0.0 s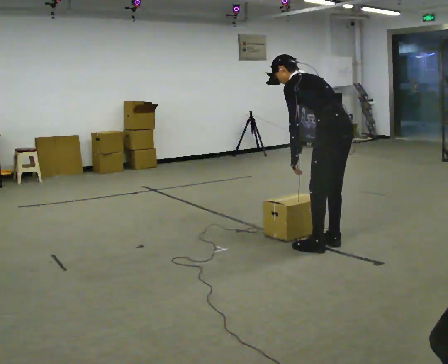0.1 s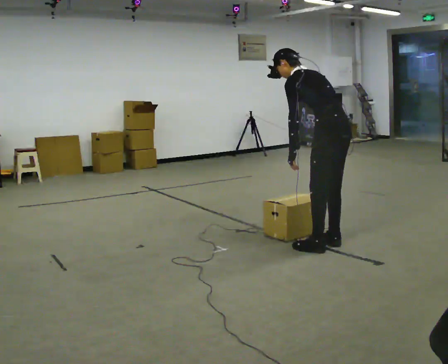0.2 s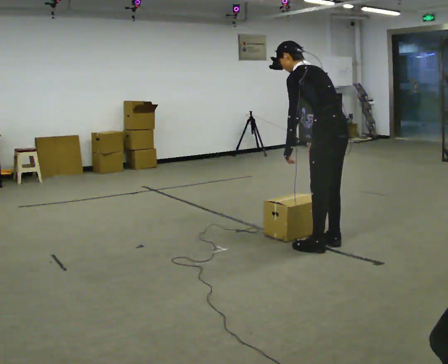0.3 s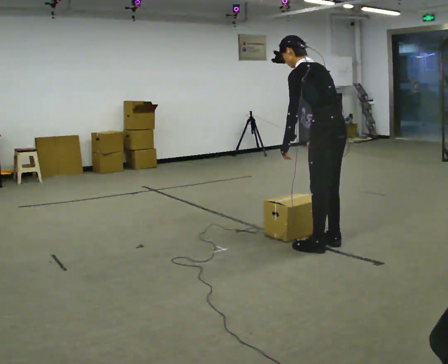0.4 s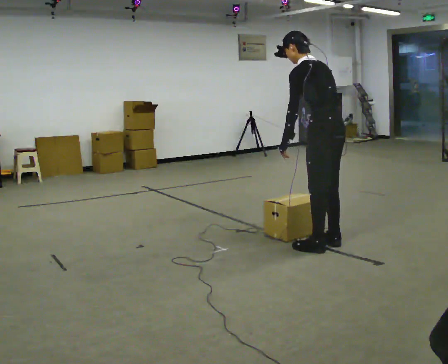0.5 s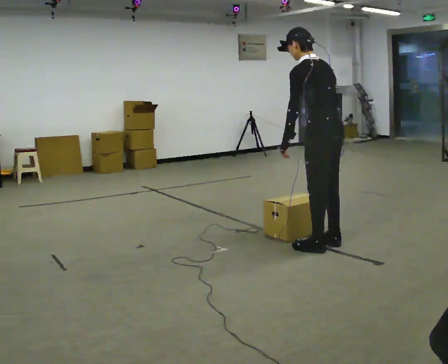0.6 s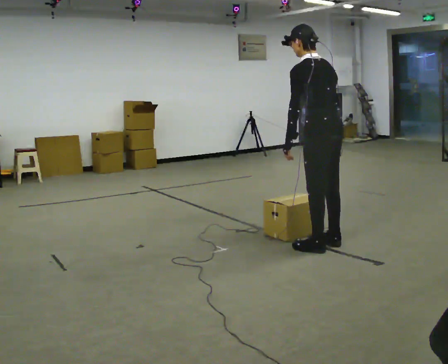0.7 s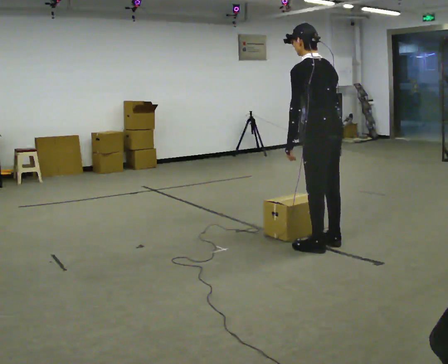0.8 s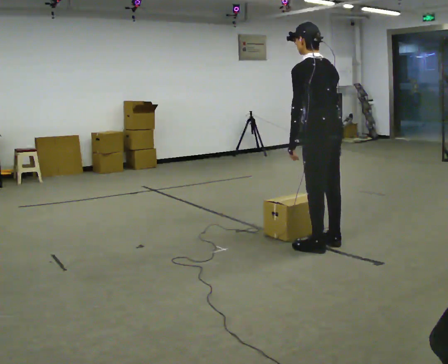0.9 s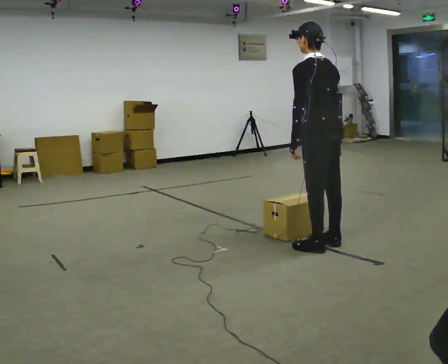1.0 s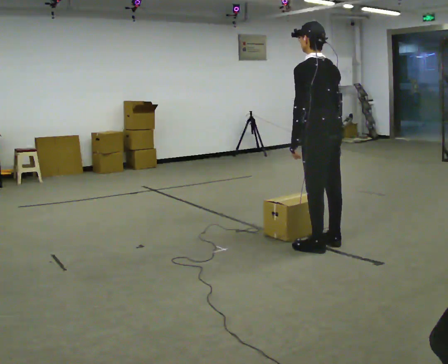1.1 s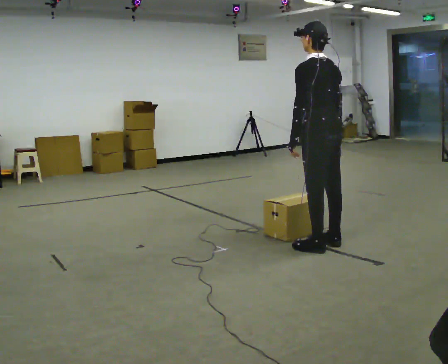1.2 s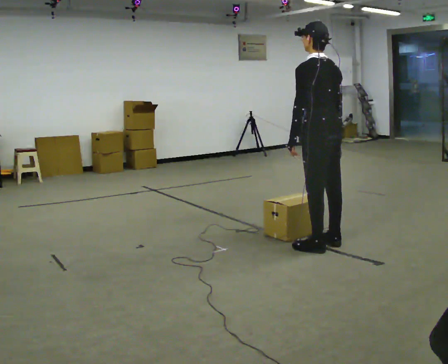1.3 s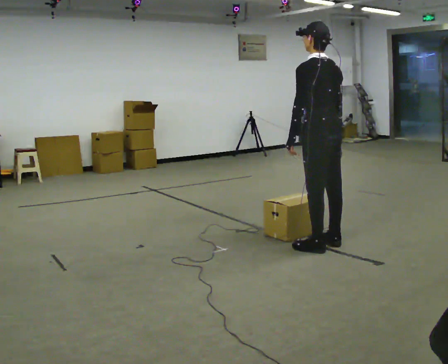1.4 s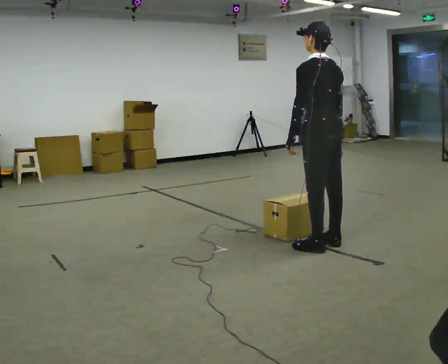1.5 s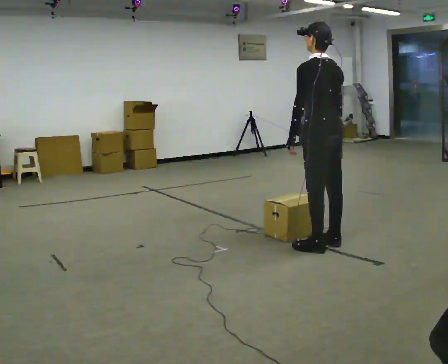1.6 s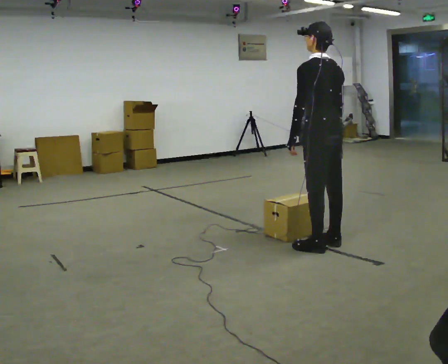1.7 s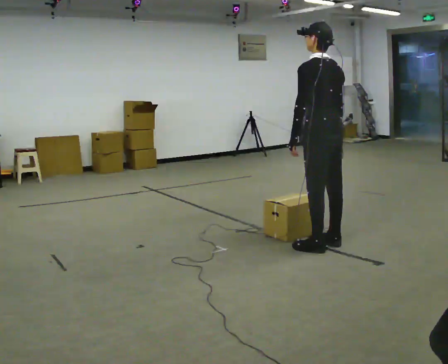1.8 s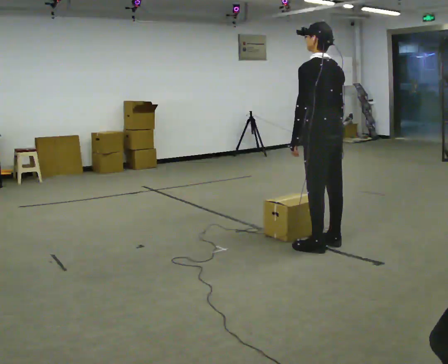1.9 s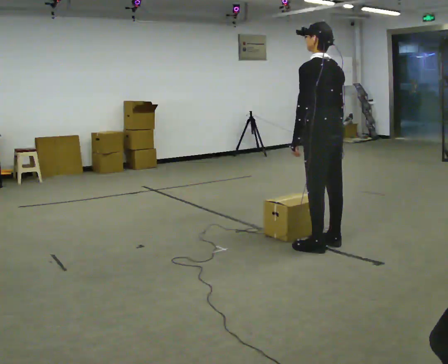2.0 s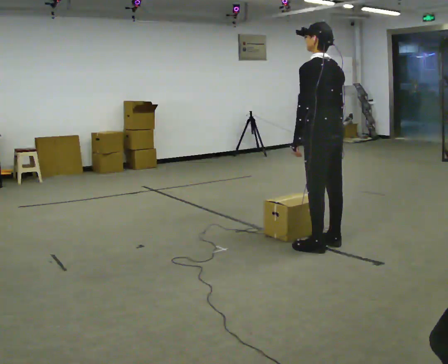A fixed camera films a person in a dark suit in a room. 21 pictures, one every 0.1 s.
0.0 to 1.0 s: In the picture the upper body tilts clockwise, shoulders to the right, as they lean back or straighten.
1.0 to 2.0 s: The person moves a little, or ends about where they began.
The film runs forward here.
